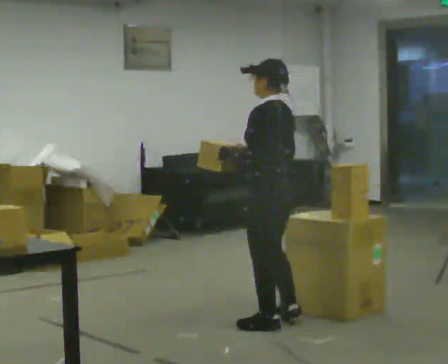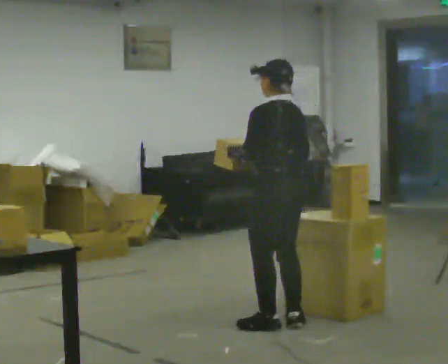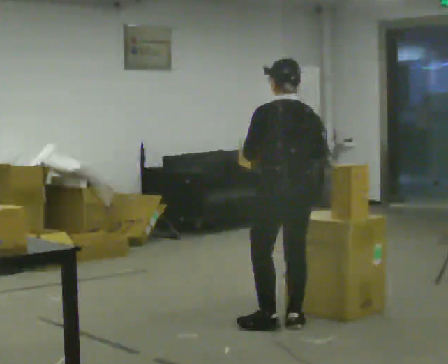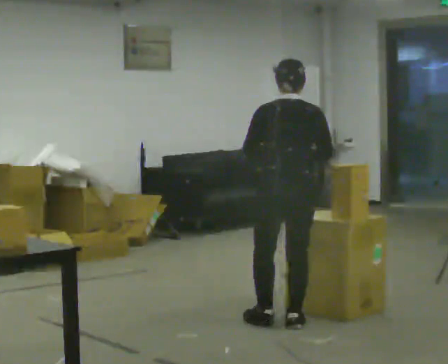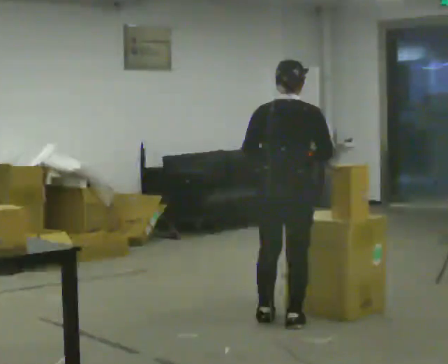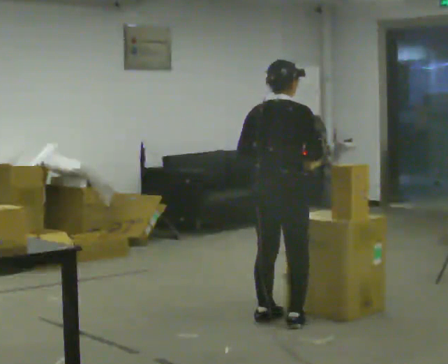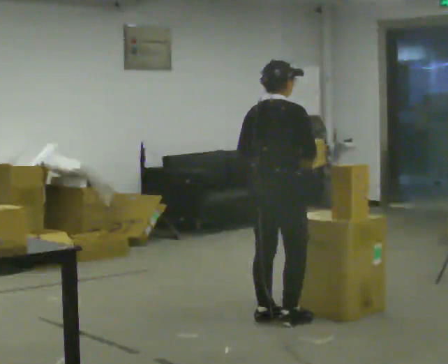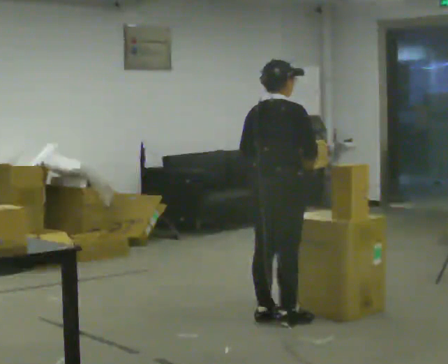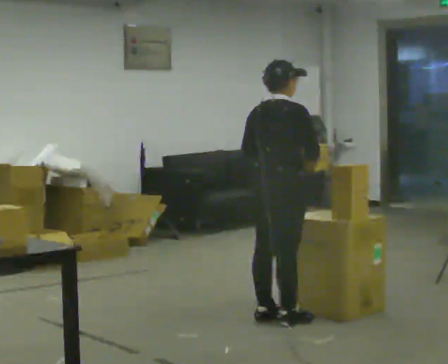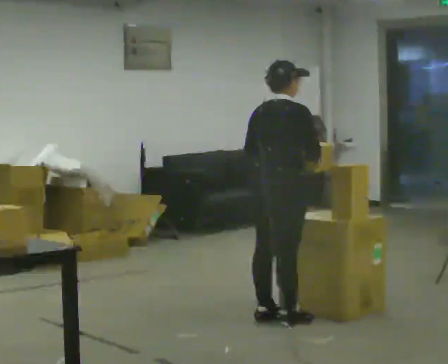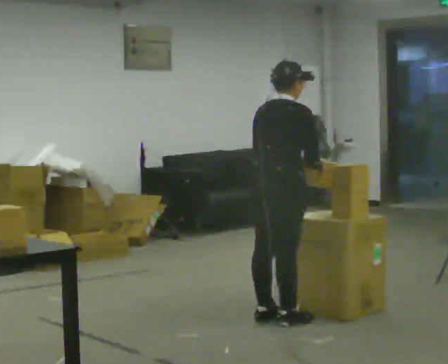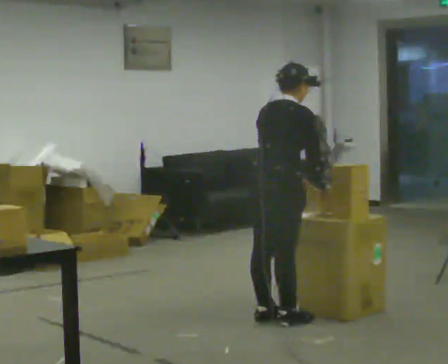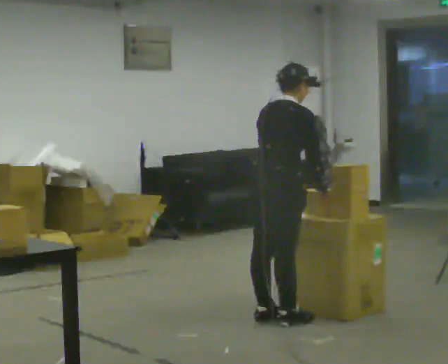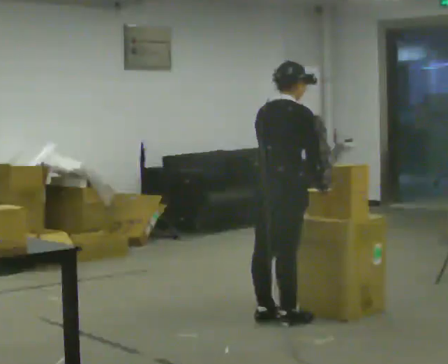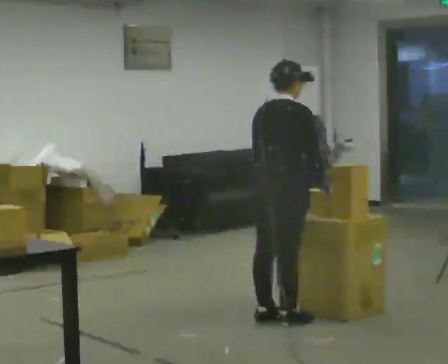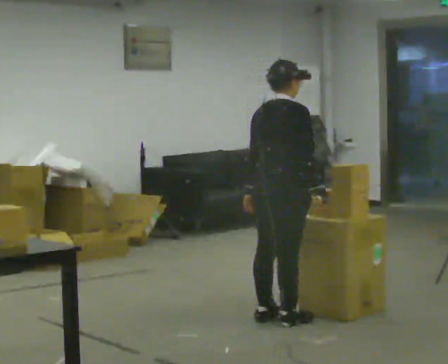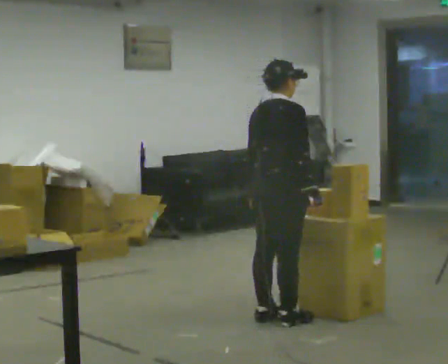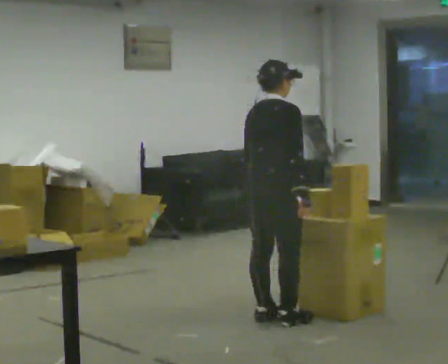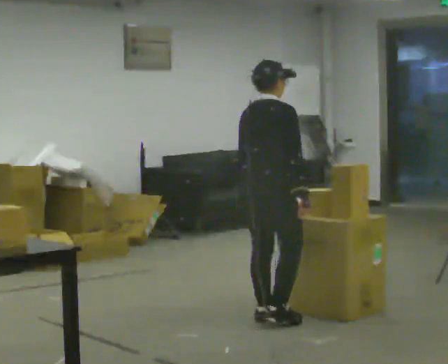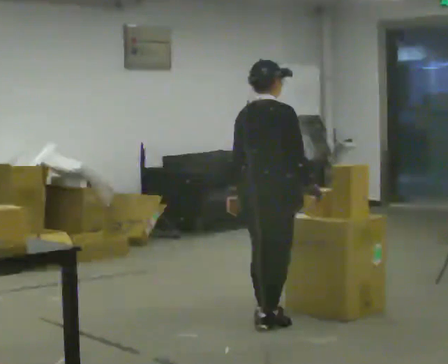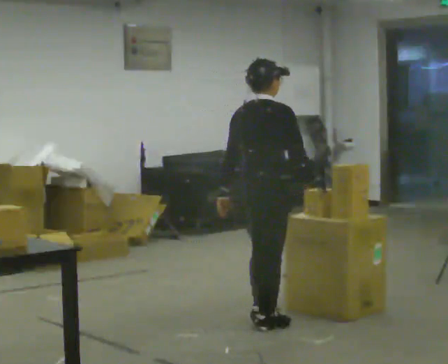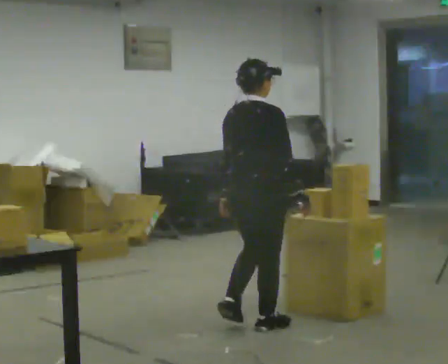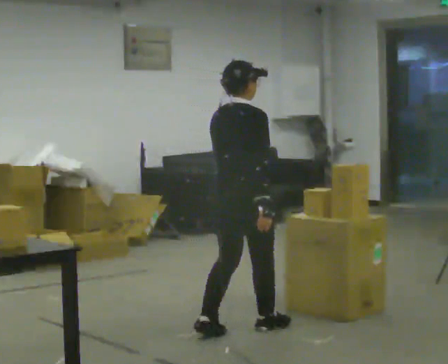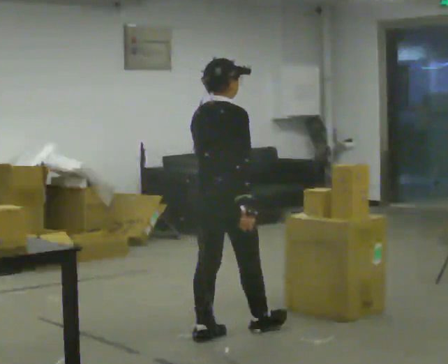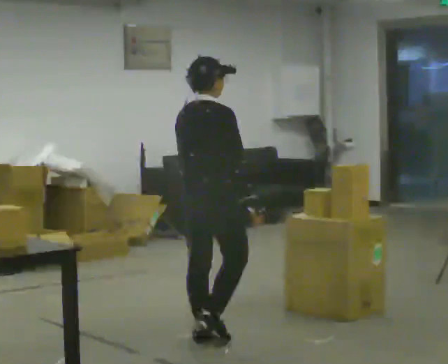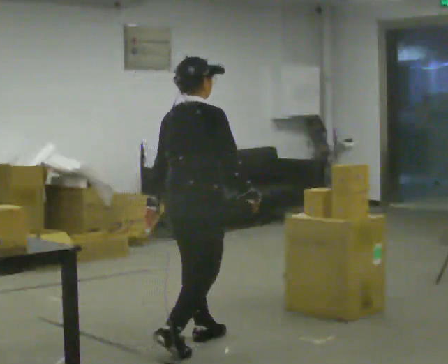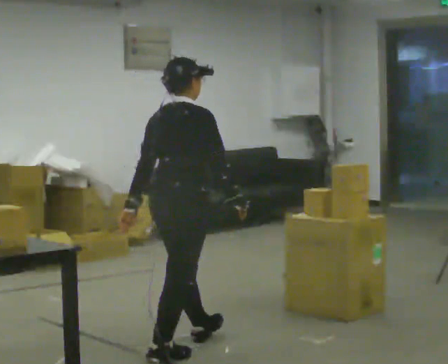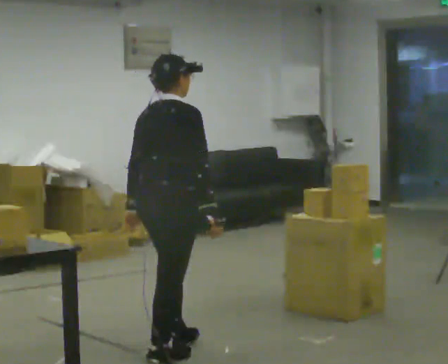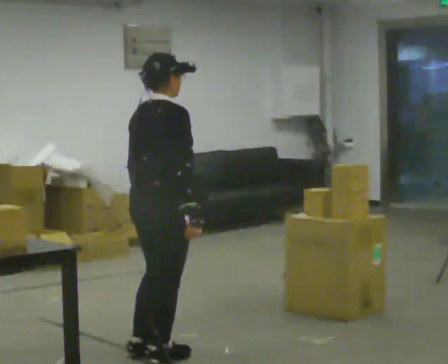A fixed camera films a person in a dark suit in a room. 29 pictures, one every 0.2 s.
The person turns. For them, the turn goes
to their right.
The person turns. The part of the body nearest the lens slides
to the left.
0.0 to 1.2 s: Seen from above the body turns clockwise, about 105 degrees: to their right, with its near side sliding to the left. In the picture they go away from the camera, about 0.25 m in 1 step.
1.2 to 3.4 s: The person moves a little, or ends about where they began.
3.4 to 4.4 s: In the picture they go toward the camera and to the left, about 0.25 m in 2 steps, which for them is backward.
4.4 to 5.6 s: In the picture they go toward the camera and to the left, about 0.75 m in 2 steps, which for them is backward.
The film runs backward here.
